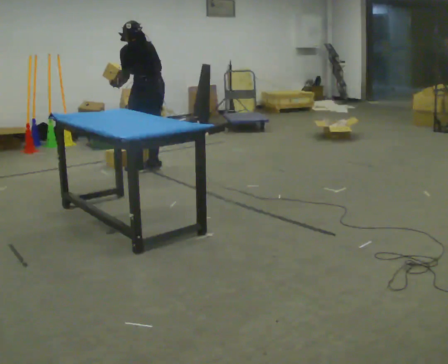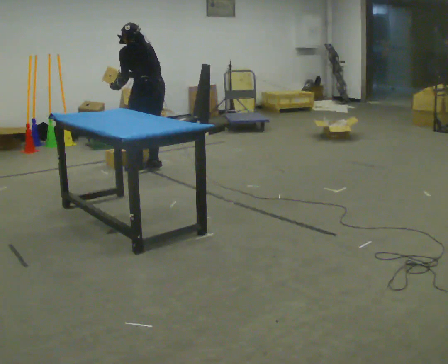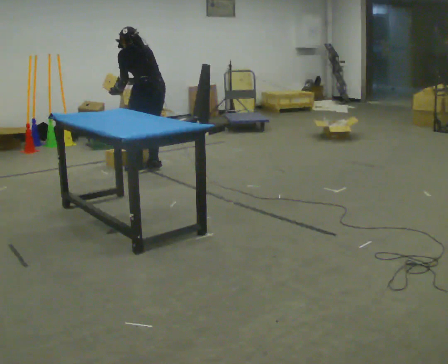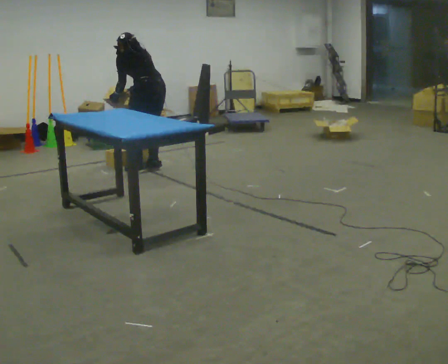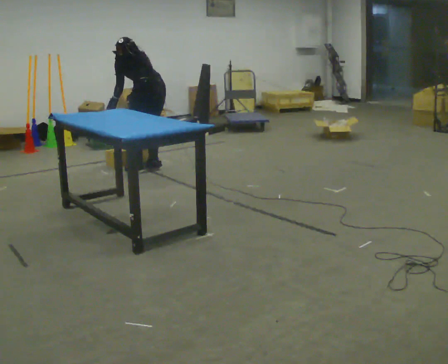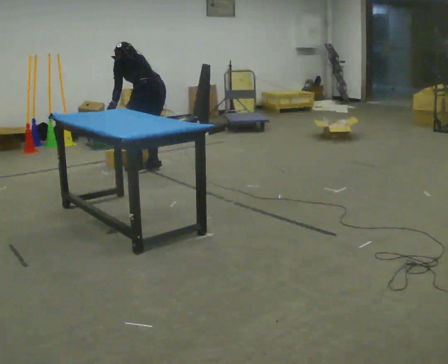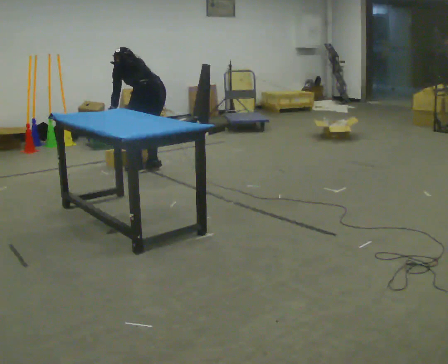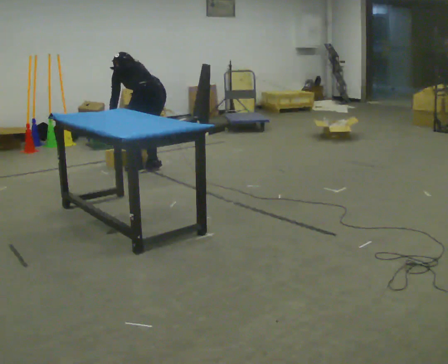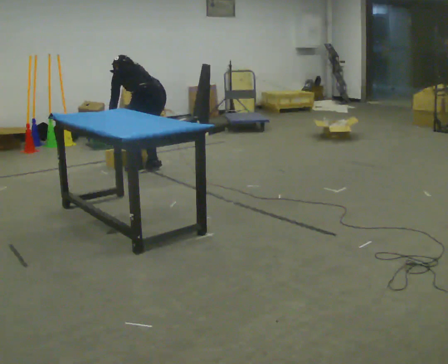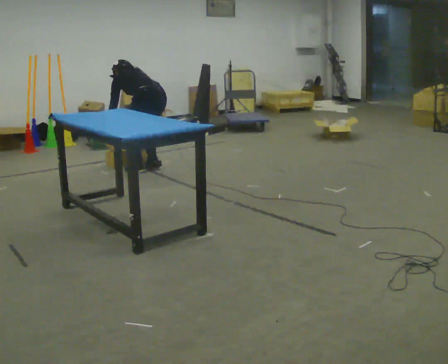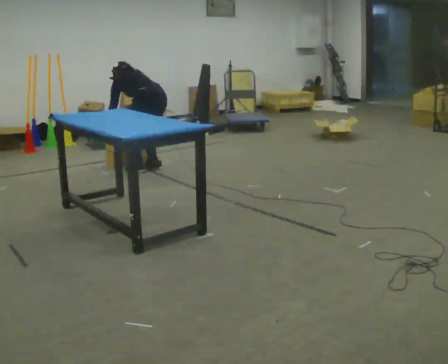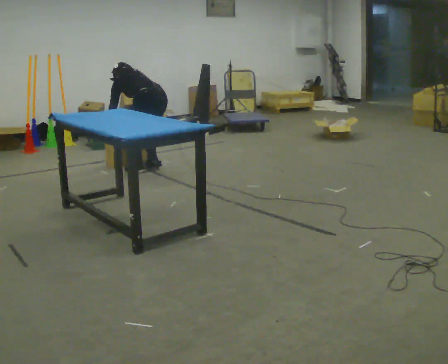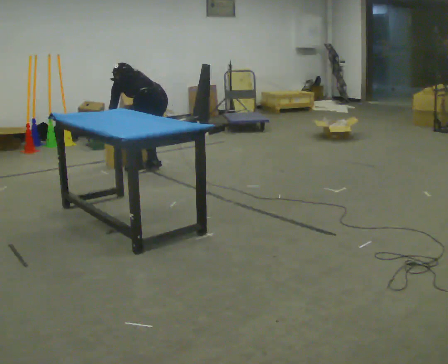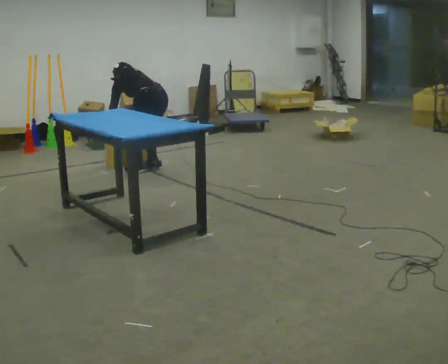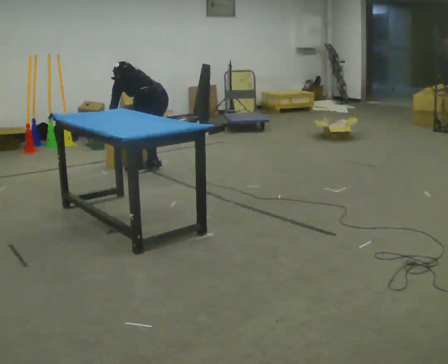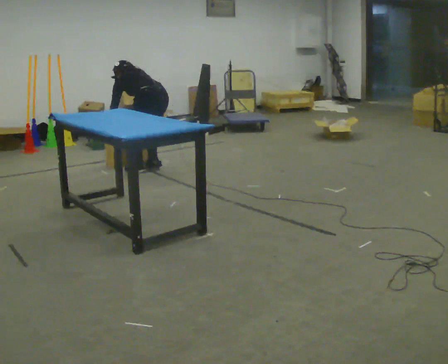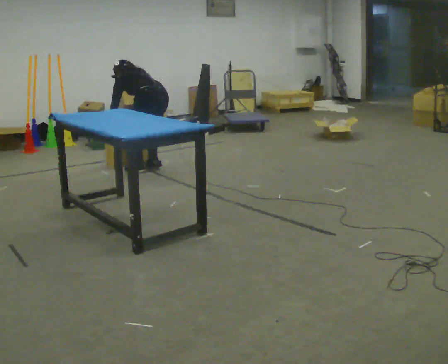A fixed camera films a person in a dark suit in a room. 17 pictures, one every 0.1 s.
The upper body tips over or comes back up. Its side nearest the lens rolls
upward.
Their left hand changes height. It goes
downward.
0.0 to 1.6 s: The upper body goes downward. The upper body tips away from the camera, its near side rolling upward, as they bend forward. In the picture their right hand goes downward.
The film runs backward here.
